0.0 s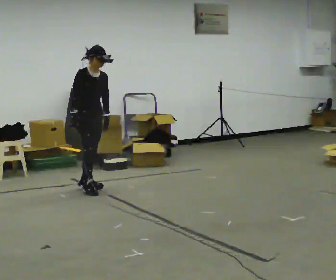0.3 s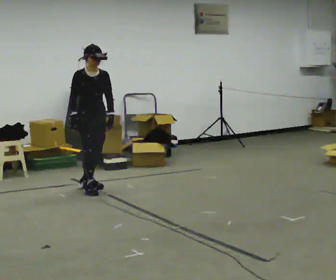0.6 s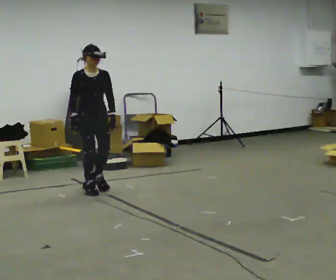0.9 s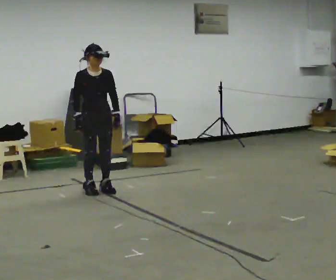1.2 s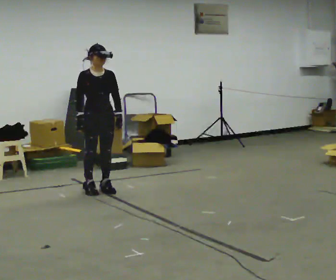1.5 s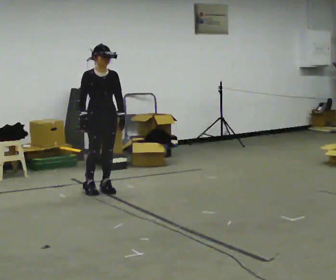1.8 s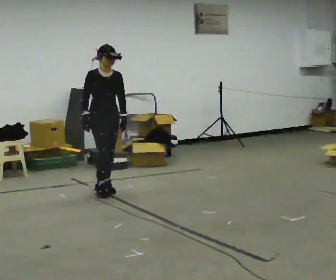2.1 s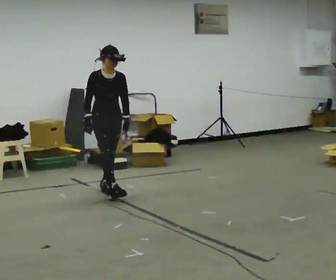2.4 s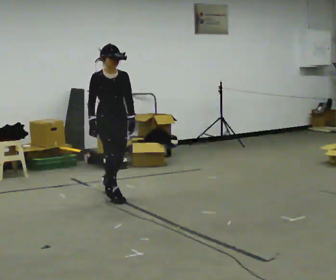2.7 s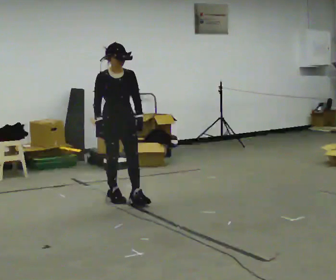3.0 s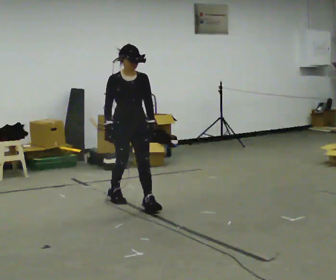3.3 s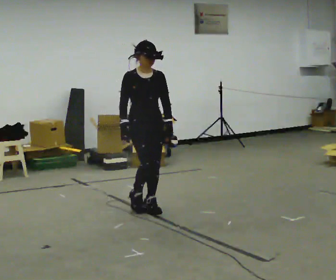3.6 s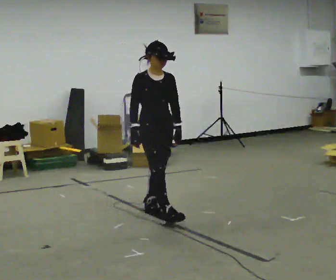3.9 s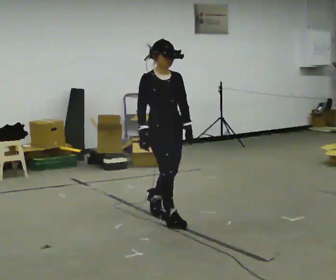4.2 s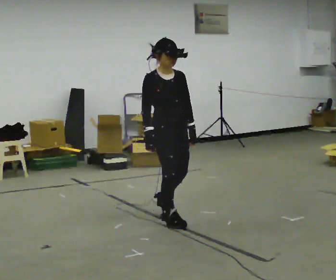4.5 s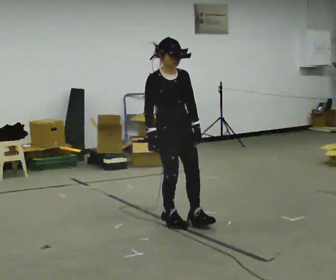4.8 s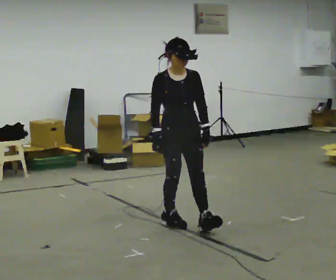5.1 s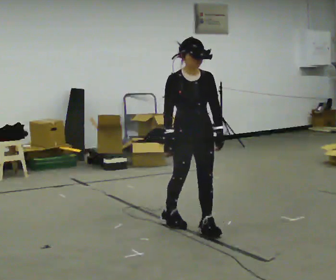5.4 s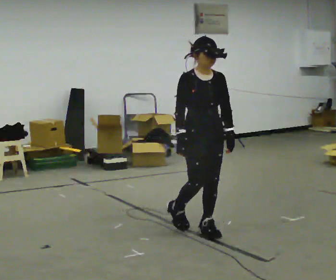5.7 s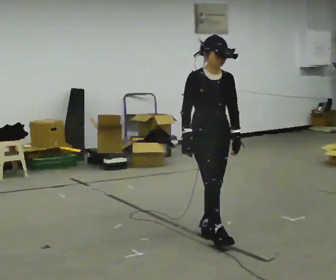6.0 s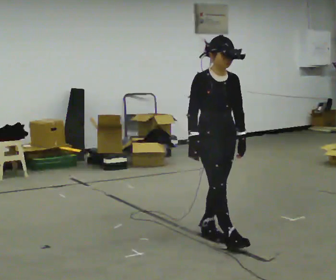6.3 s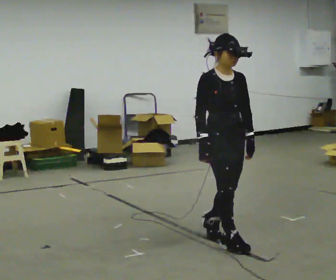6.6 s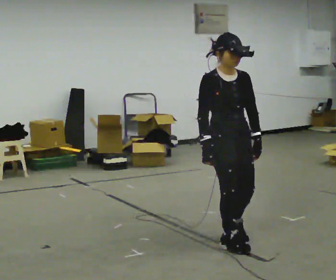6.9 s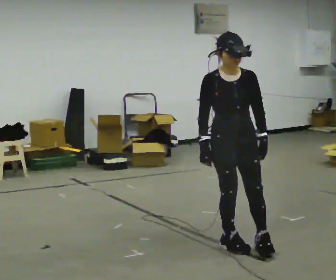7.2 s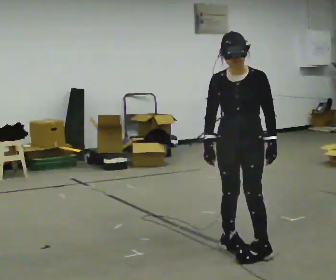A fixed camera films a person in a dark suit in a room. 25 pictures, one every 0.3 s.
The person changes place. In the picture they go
toward the camera.
0.0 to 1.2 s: The person moves a little, or ends about where they began.
1.2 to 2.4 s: In the picture they go toward the camera and to the right, about 0.25 m in 1 step, which for them is forward.
2.4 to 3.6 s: In the picture they go toward the camera and to the right, about 1 m in 1 step, which for them is forward.
3.6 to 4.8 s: In the picture they go toward the camera and to the right, about 0.5 m in 2 steps, which for them is forward.
4.8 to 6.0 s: In the picture they go toward the camera and to the right, about 0.5 m in 1 step, which for them is forward.
6.0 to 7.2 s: The part of the body nearest the lens slides to the left as the person turns to their right by about 45 degrees. In the picture they go toward the camera, about 0.25 m in 1 step, which for them is forward.
The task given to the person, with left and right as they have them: Start at normal speed; gradually slow over several steps; stop gently.
The film runs forward here.
